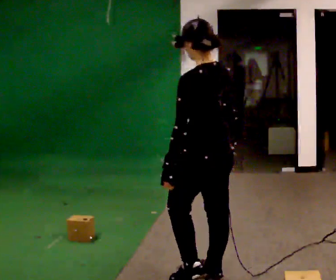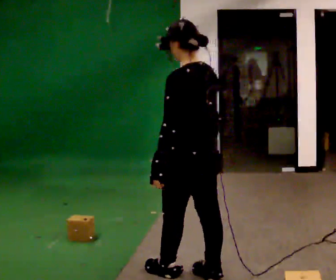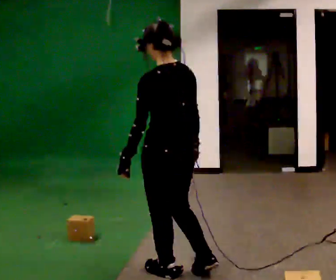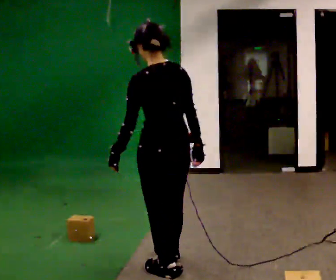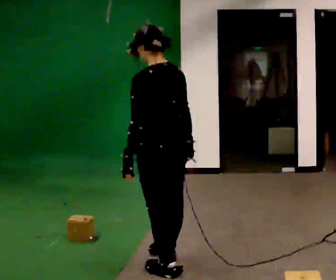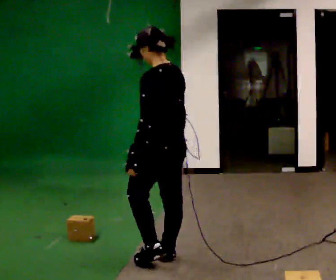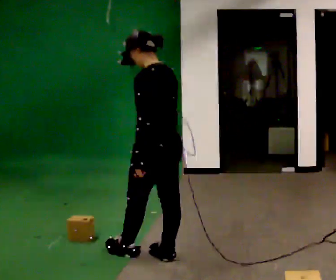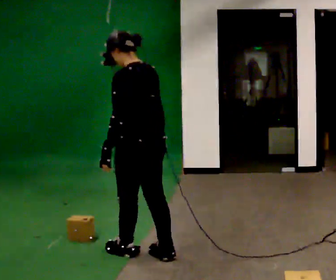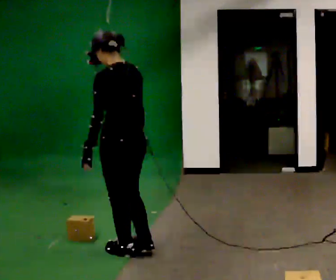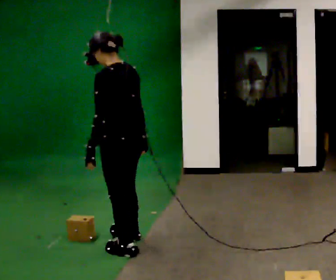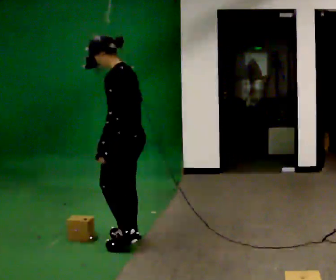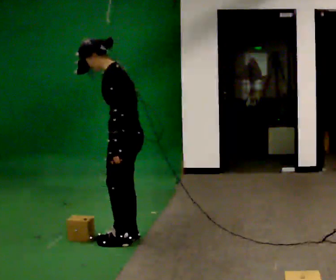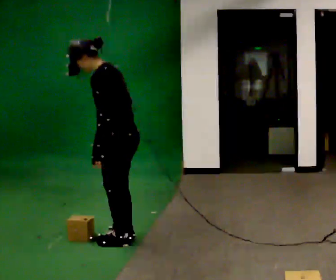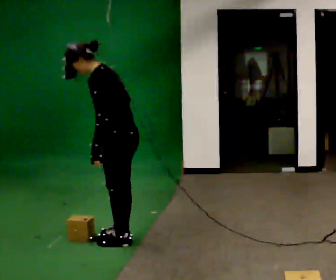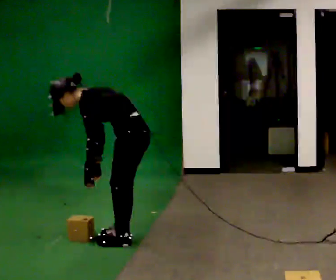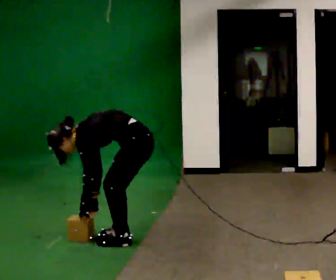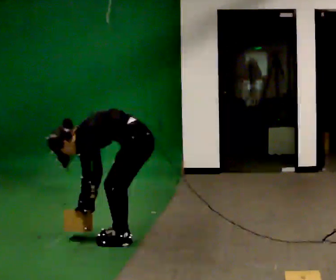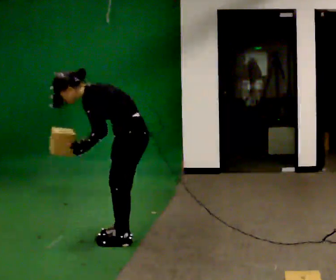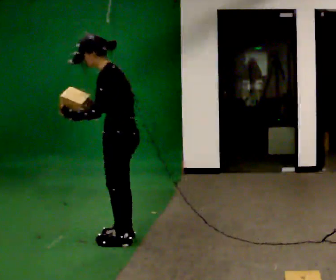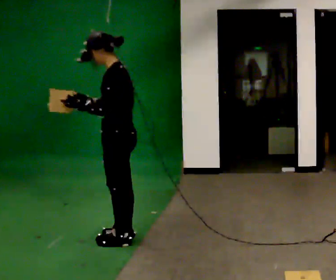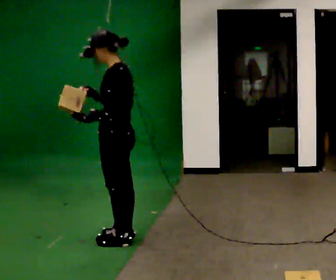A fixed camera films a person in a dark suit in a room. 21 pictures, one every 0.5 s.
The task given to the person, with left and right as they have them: Carry the boxes over one at a time and lay them out on the pallet in the pattern the operator shows you. Keep going until the operator says stop; one object at a time, and do not rush between trips.
0.0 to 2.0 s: In the picture they go away from the camera and to the left, about 0.5 m in 2 steps, which for them is forward.
2.0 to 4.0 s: In the picture they go to the left and away from the camera, about 0.25 m in 1 step, which for them is forward.
4.0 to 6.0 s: The part of the body nearest the lens slides to the right as the person turns to their left by about 30 degrees. In the picture they go away from the camera, about 0.25 m in 2 steps, which for them is to their right.
6.0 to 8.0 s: The shoulders move downward. In the picture the upper body tilts counterclockwise, shoulders to the left, as they bend forward. In the picture their left hand goes downward.
8.0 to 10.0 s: The upper body goes upward. In the picture the upper body tilts clockwise, shoulders to the right, as they lean back or straighten. In the picture their right hand goes upward.
The film runs forward here.
